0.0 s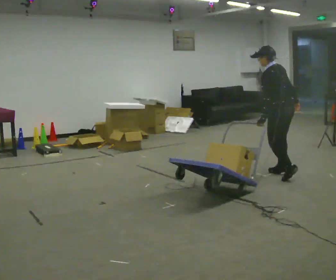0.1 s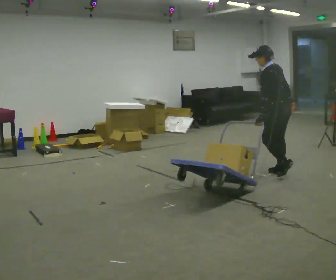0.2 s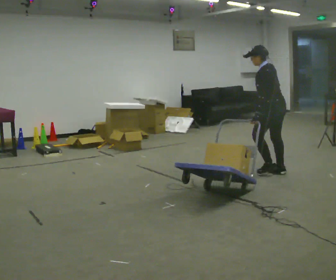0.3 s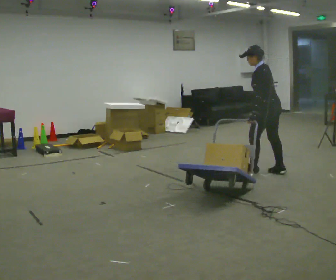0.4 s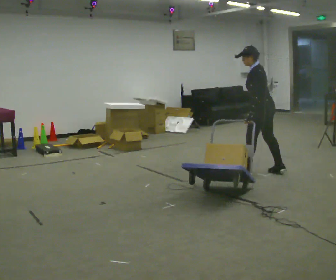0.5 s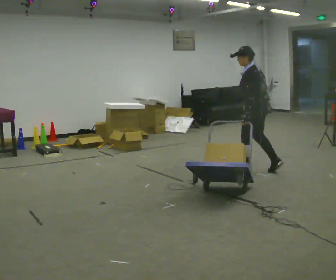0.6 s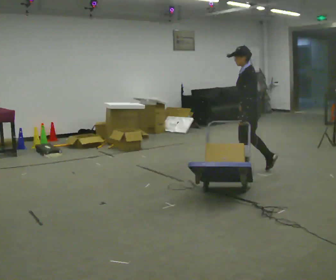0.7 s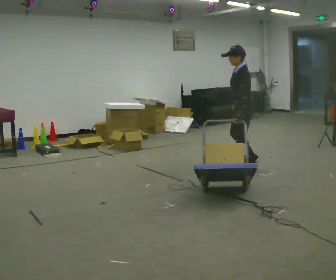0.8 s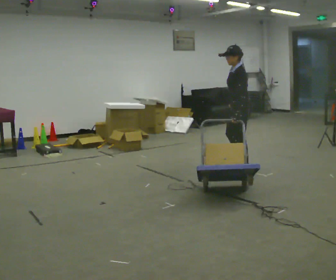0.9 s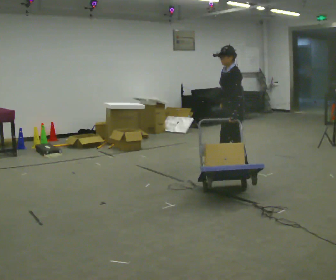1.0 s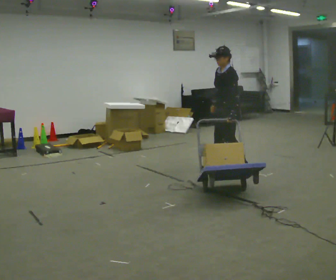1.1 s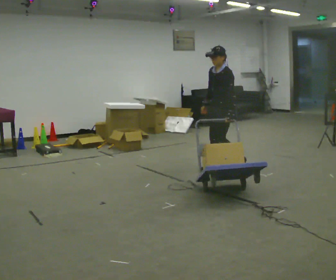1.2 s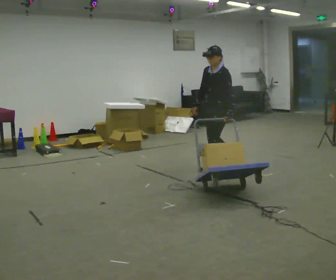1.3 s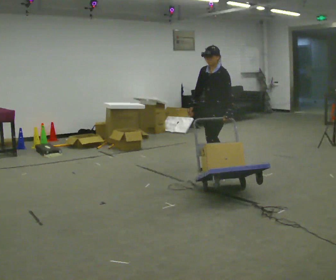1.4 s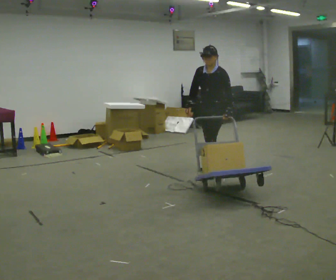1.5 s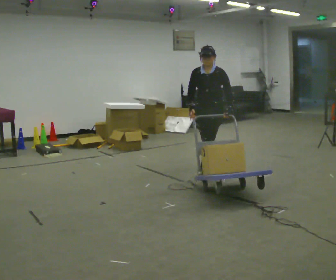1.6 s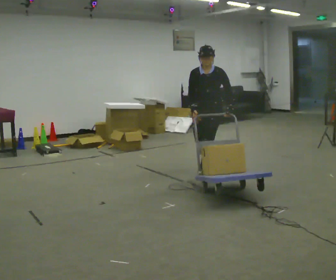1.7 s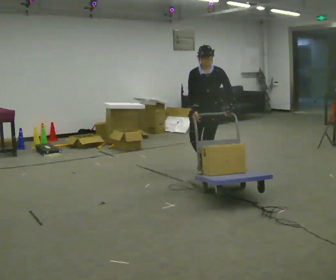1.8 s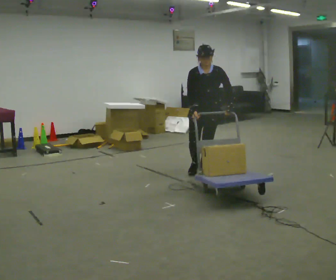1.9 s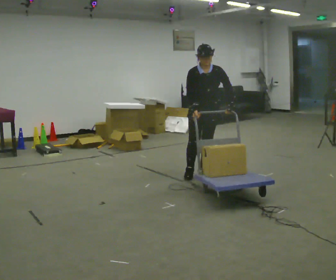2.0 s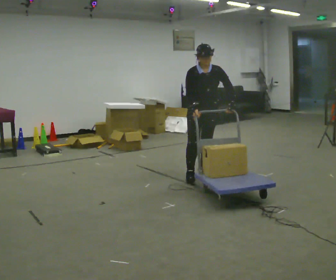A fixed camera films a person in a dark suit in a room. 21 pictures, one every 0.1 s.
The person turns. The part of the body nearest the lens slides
to the right.
The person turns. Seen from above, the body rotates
counterclockwise.
0.0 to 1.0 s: The person turns about 60 degrees to their left, counterclockwise seen from above, so the part of the body nearest the lens slides to the right. In the picture they go to the left, about 0.75 m in 2 steps.
1.0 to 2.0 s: Seen from above the body turns counterclockwise, about 75 degrees: to their left, with its near side sliding to the right. In the picture they go to the left and toward the camera, about 0.25 m in 1 step.
The film runs forward here.
